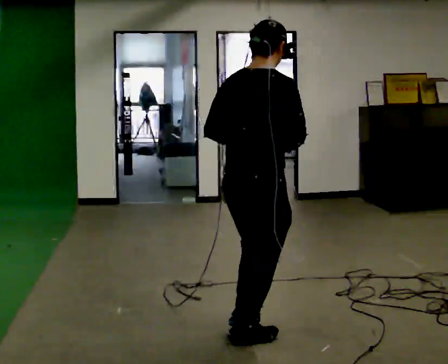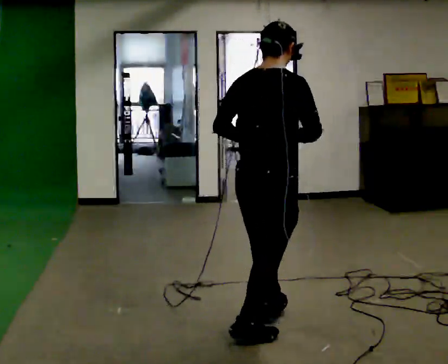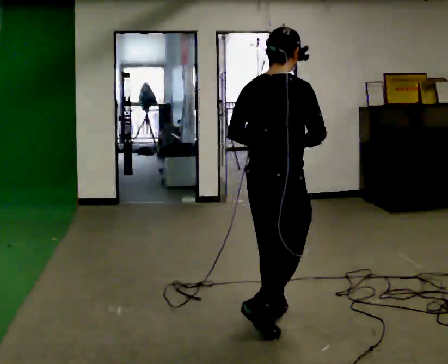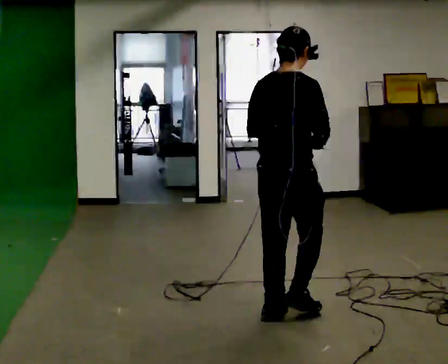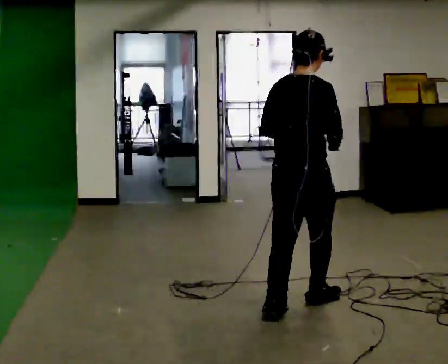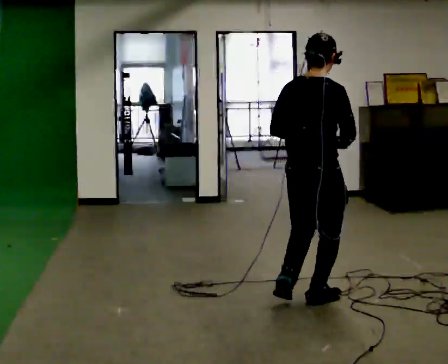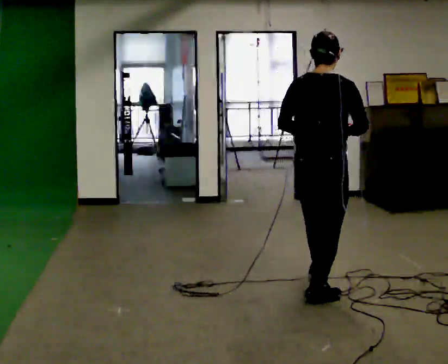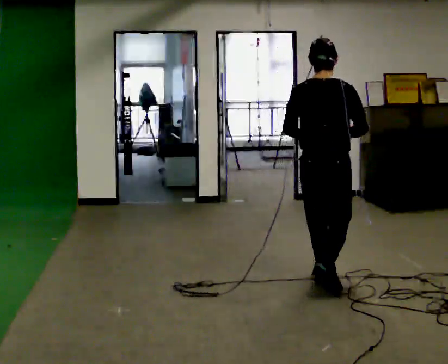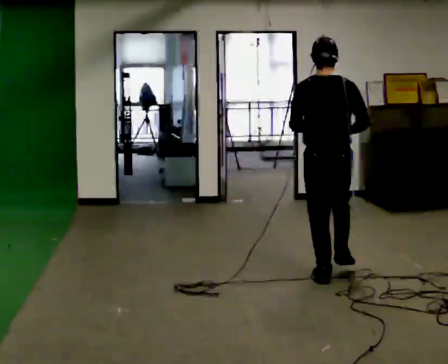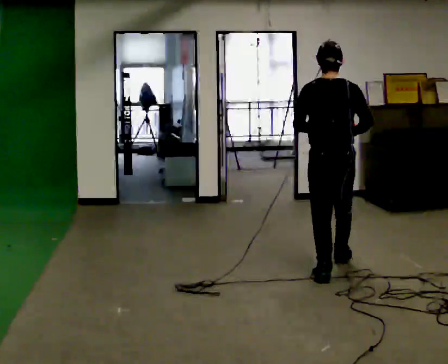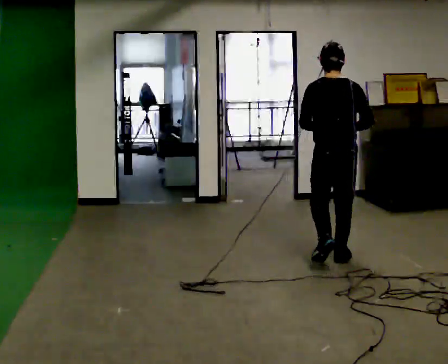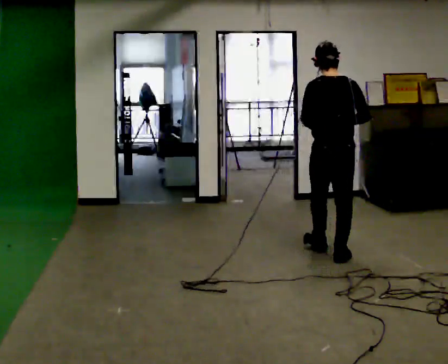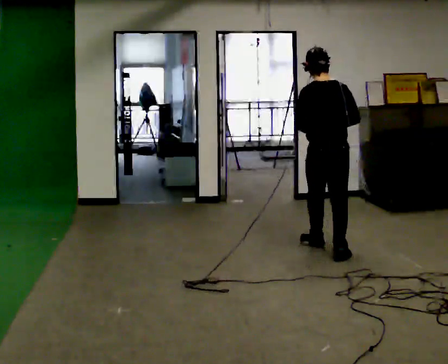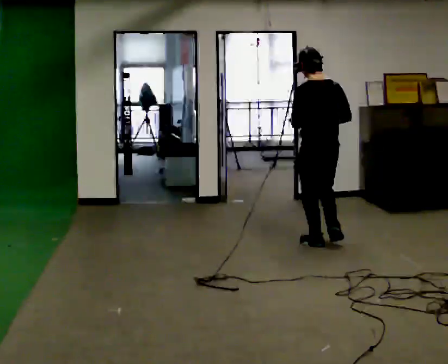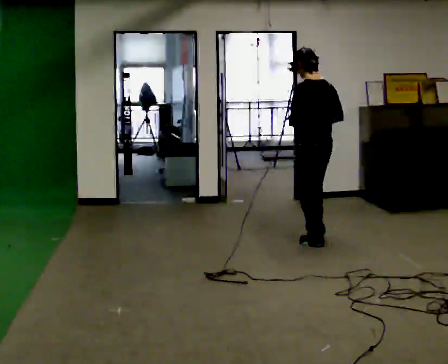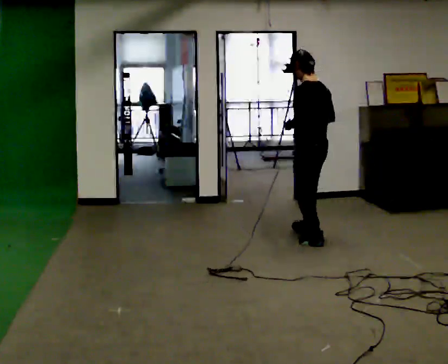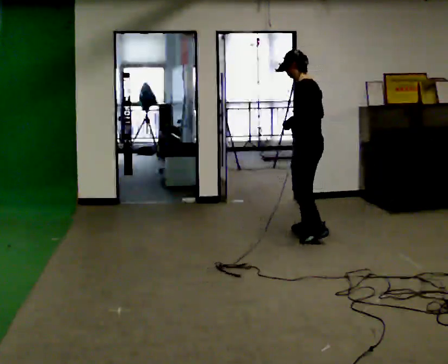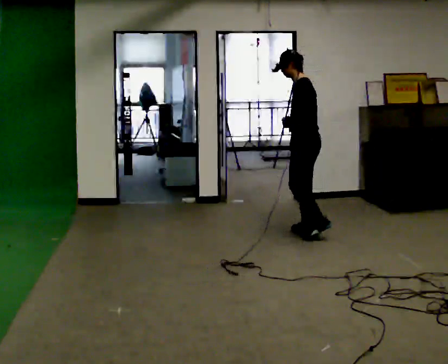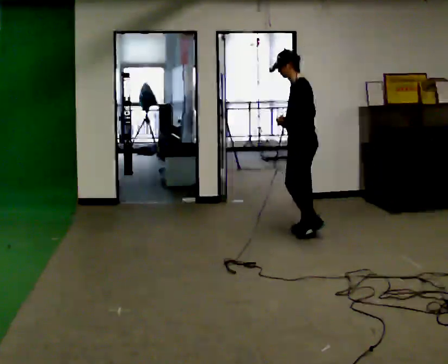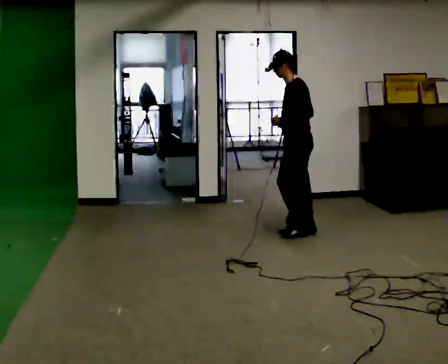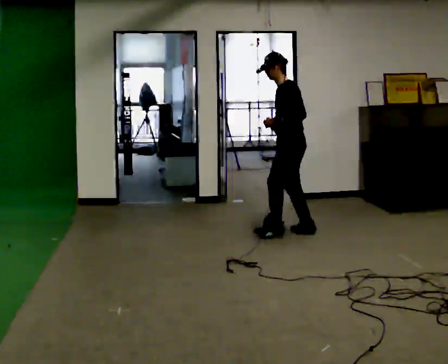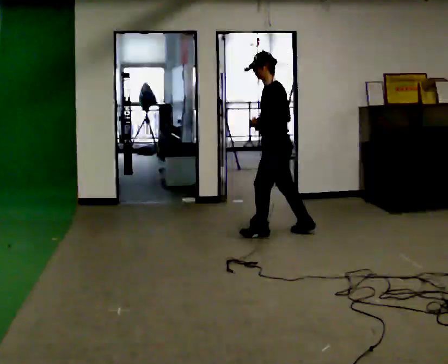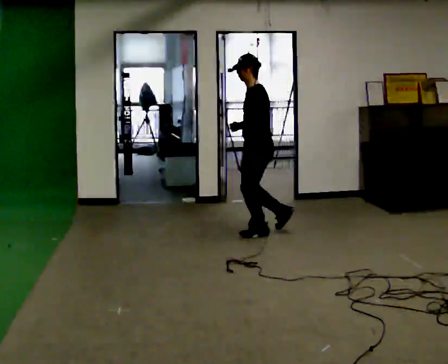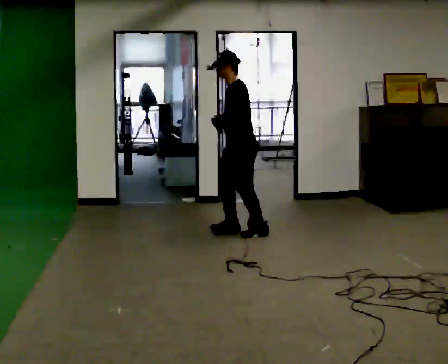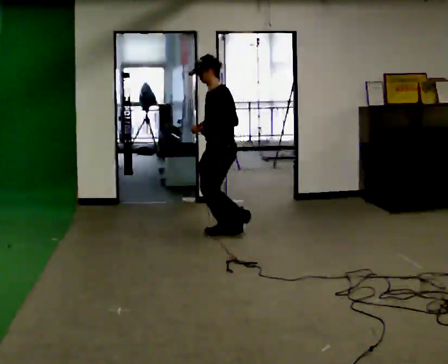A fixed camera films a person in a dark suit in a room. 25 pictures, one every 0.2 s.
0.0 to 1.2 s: In the picture they go away from the camera and to the right, about 1 m in 2 steps, which for them is forward.
1.2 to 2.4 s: The part of the body nearest the lens slides to the right as the person turns to their left by about 30 degrees. In the picture they go away from the camera, about 1 m in 3 steps, which for them is forward.
2.4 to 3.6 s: Seen from above the body turns counterclockwise, about 75 degrees: to their left, with its near side sliding to the right. In the picture they go away from the camera, about 0.5 m in 1 step.
3.6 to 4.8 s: In the picture they go to the left, about 1 m in 2 steps, which for them is forward.
The film runs forward here.
